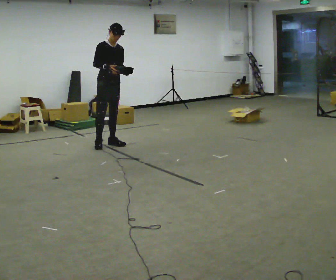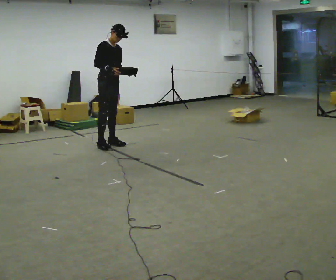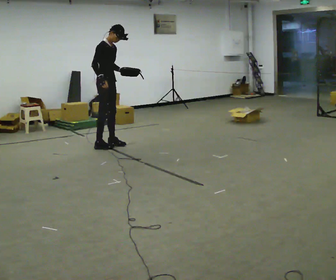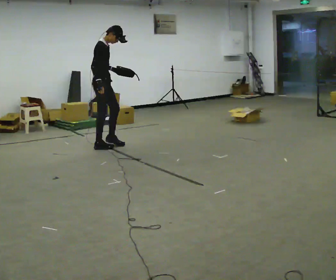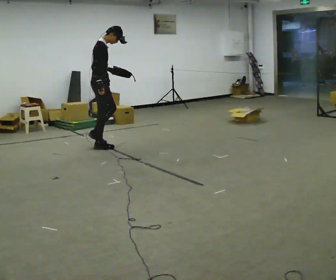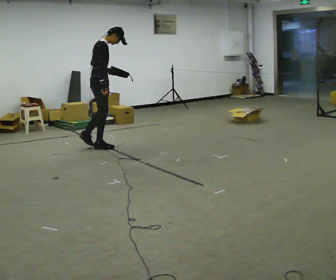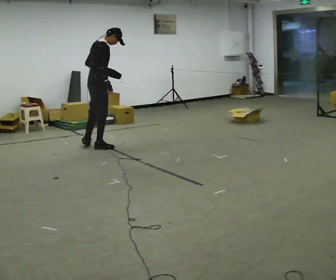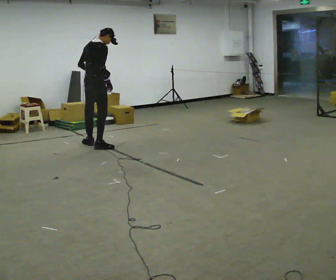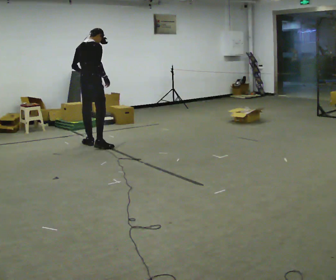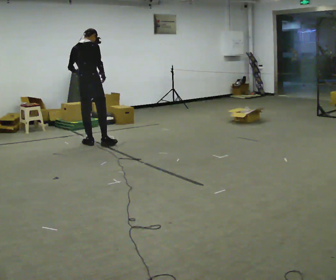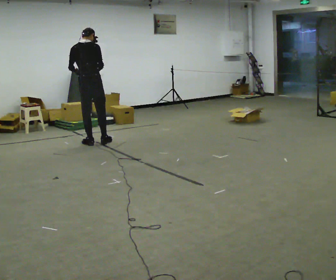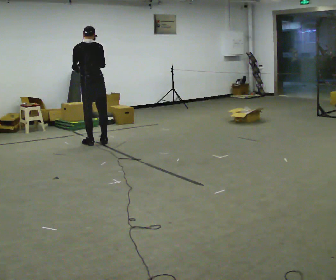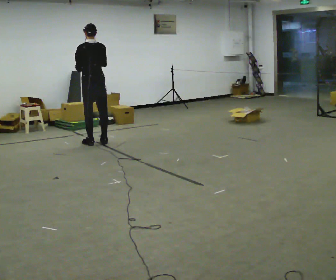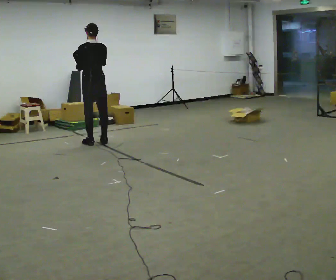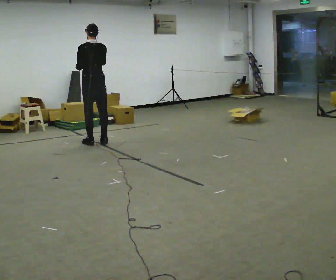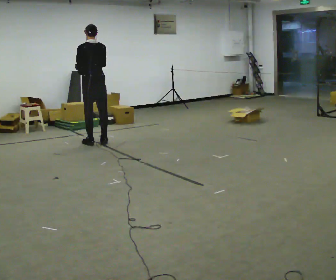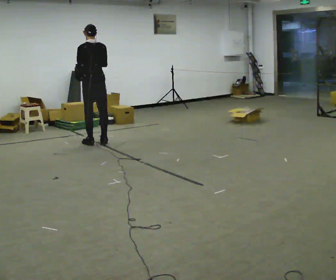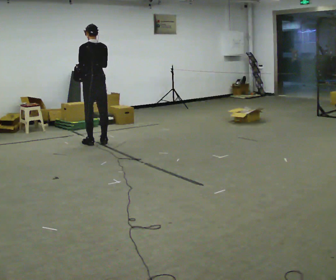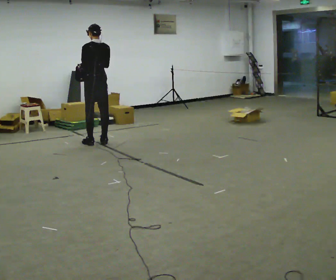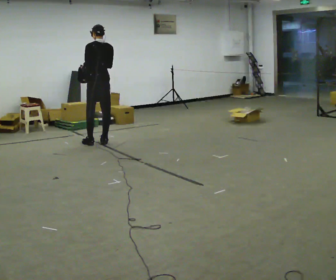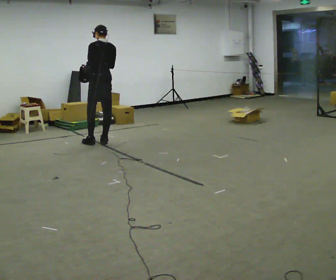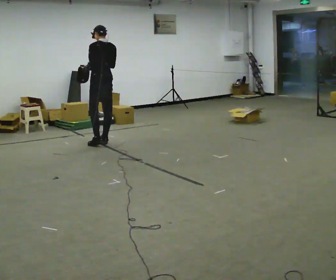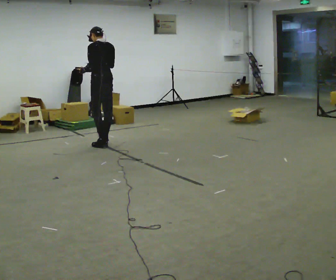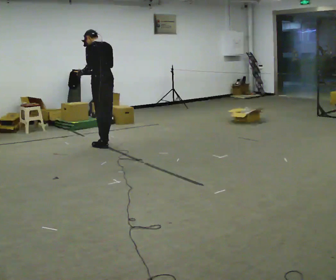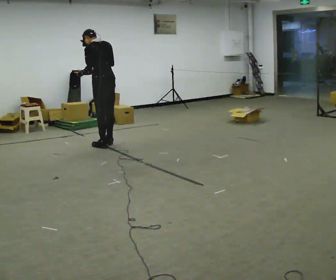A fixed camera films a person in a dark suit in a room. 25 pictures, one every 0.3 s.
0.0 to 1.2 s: Seen from above the body turns counterclockwise, about 60 degrees: to their left, with its near side sliding to the right. In the picture they go toward the camera and to the left, about 0.25 m in 1 step, which for them is to their right.
1.2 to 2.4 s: The person turns about 60 degrees to their left, counterclockwise seen from above, so the part of the body nearest the lens slides to the right. The upper body tips away from the camera, its near side rolling upward.
2.4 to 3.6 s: Seen from above the body turns counterclockwise, about 45 degrees: to their left, with its near side sliding to the right. In the picture they go away from the camera, about 0.25 m in 1 step, which for them is forward.
3.6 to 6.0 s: The person moves a little, or ends about where they began.
6.0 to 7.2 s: In the picture they go toward the camera, about 0.25 m in 2 steps, which for them is backward. In the picture the upper body tilts counterclockwise, shoulders to the left.
The film runs backward here.
